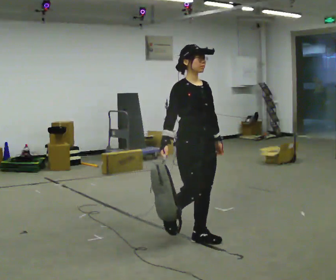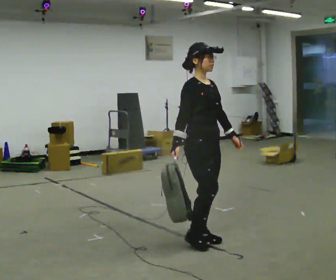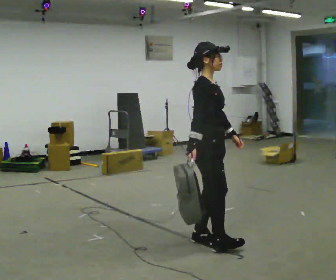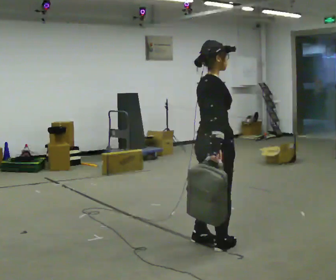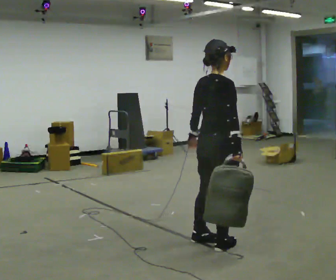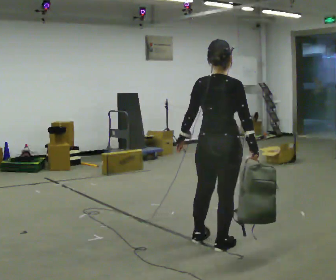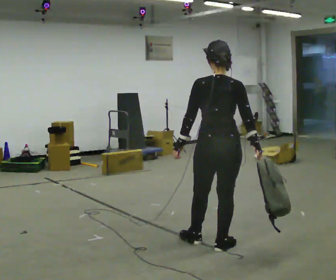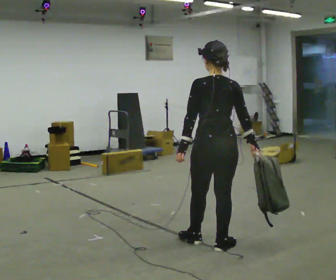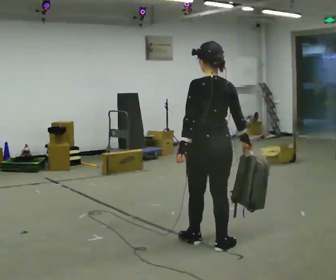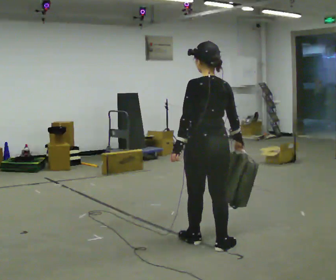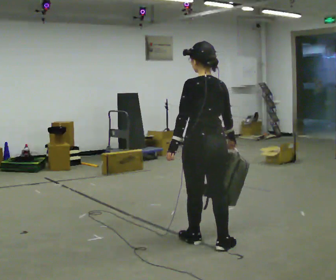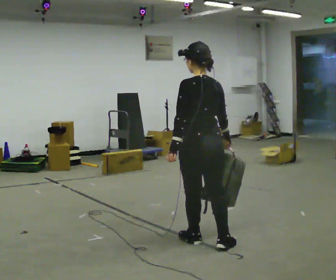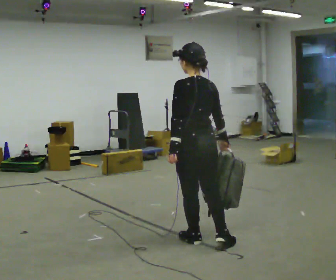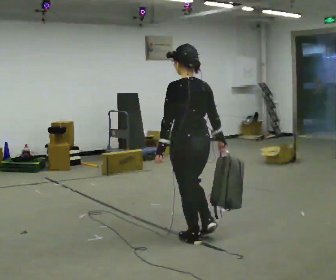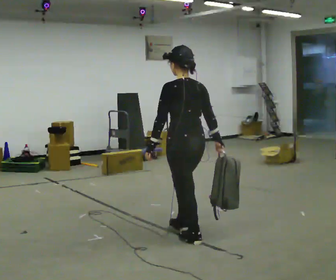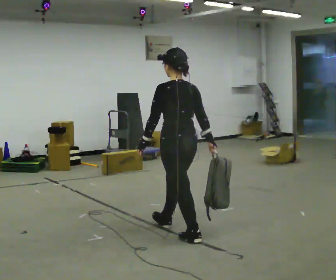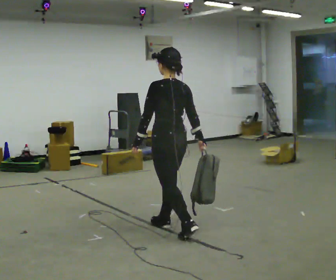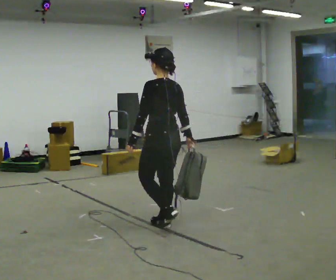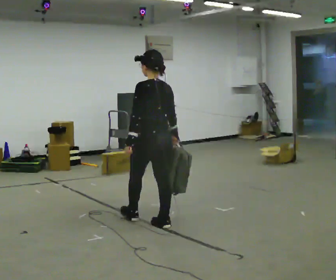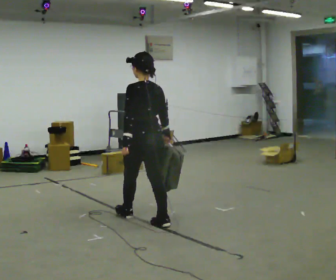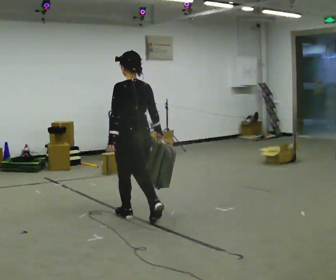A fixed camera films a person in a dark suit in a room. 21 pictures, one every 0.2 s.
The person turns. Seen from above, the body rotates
counterclockwise.
The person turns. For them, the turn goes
to their left.
0.0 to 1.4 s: Seen from above the body turns counterclockwise, about 150 degrees: to their left, with its near side sliding to the right. In the picture they go to the right and toward the camera, about 0.25 m in 1 step. In the picture their right hand goes to the right, the arm swinging counterclockwise.
1.4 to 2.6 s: In the picture they go to the left, about 0.25 m, which for them is forward and to their left.
2.6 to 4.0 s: In the picture they go to the left and away from the camera, about 1 m in 2 steps, which for them is forward.
The film runs forward here.
